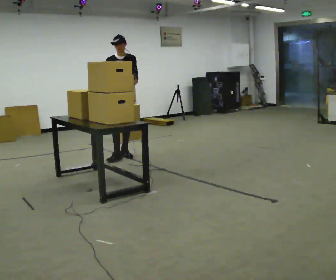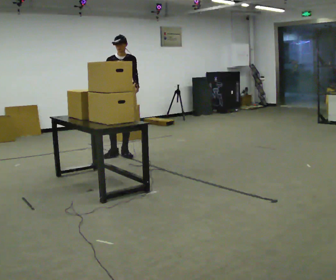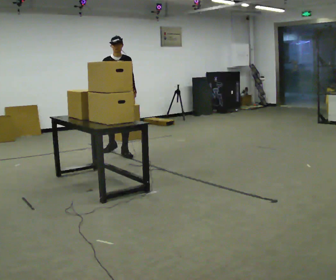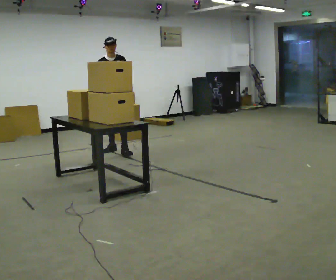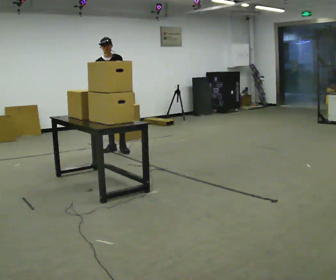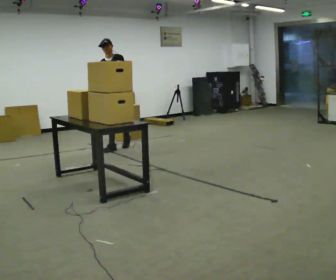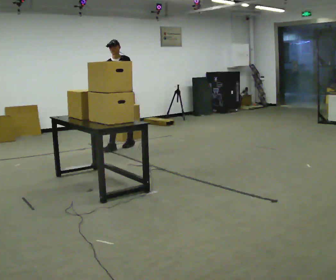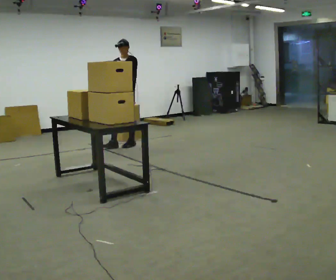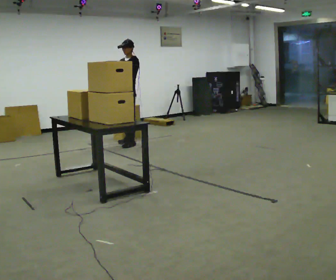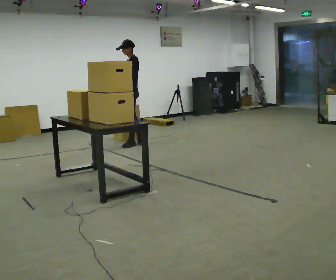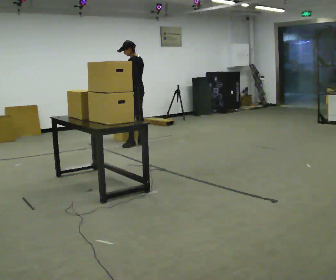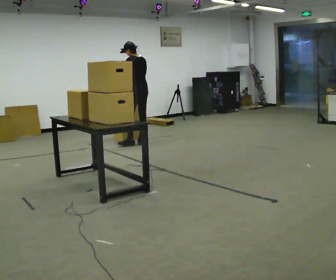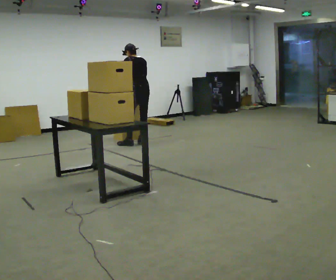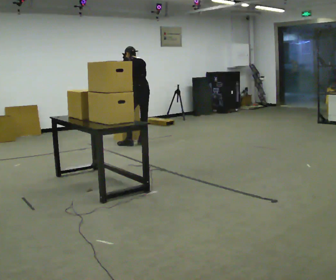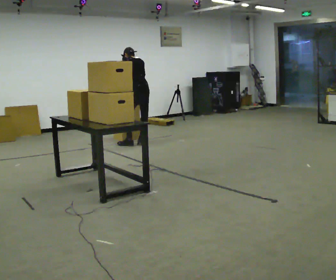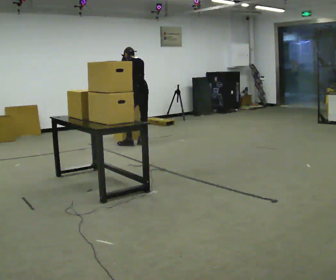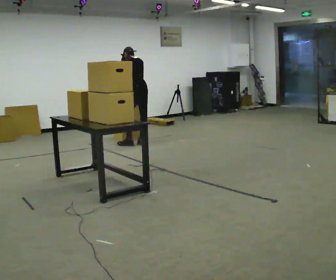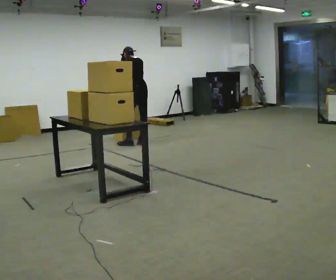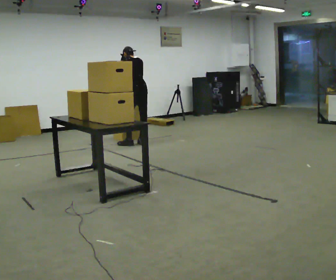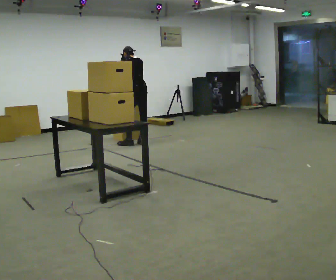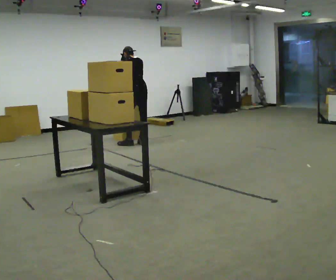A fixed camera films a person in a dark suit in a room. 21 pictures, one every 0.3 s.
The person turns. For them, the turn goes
to their right.
The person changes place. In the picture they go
away from the camera.
0.0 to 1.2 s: In the picture they go away from the camera, about 0.5 m in 2 steps, which for them is backward and to their right.
1.2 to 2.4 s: Seen from above the body turns clockwise, about 45 degrees: to their right, with its near side sliding to the left. In the picture they go away from the camera and to the right, about 0.5 m in 1 step, which for them is backward.
2.4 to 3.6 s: Seen from above the body turns clockwise, about 90 degrees: to their right, with its near side sliding to the left. In the picture they go to the right, about 0.25 m. In the picture their right hand goes to the right, the arm swinging counterclockwise.
3.6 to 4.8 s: The person moves a little, or ends about where they began.
4.8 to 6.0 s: The person keeps their place and pose.
The film runs backward here.
